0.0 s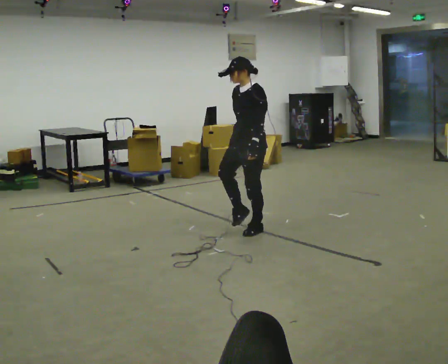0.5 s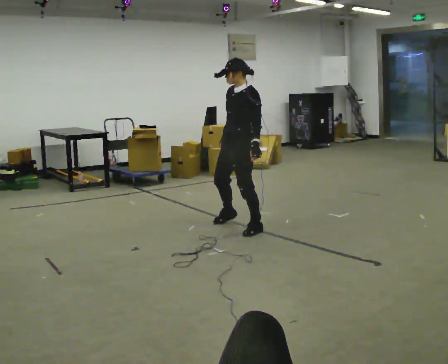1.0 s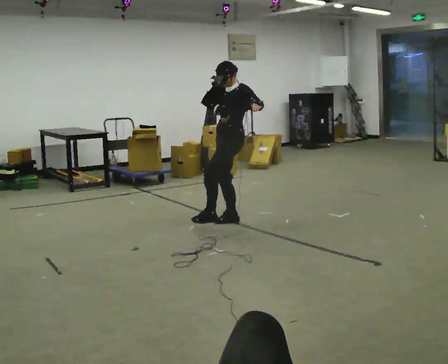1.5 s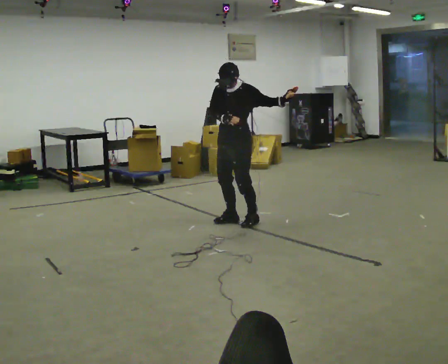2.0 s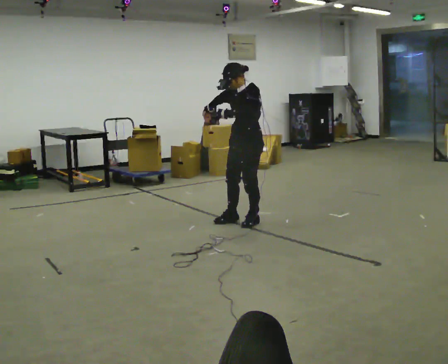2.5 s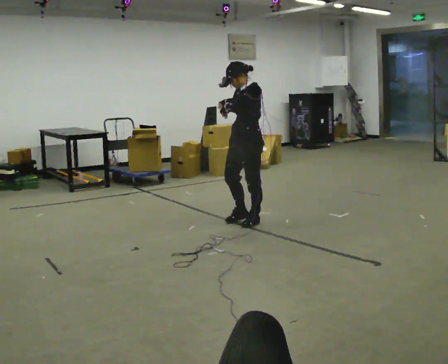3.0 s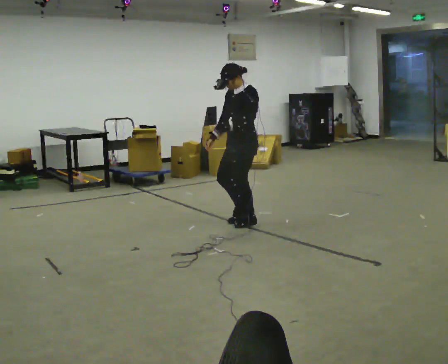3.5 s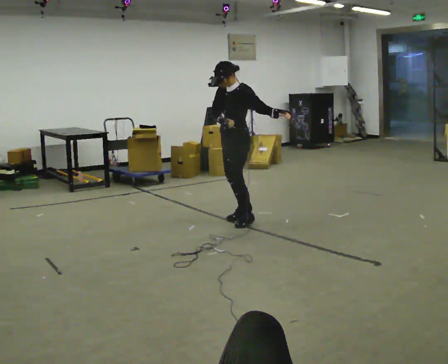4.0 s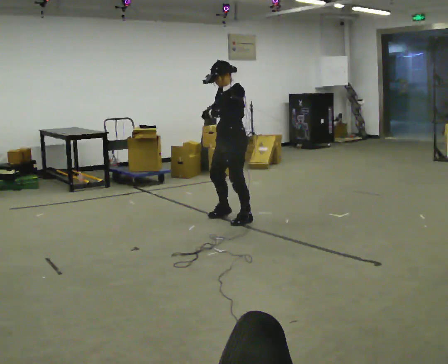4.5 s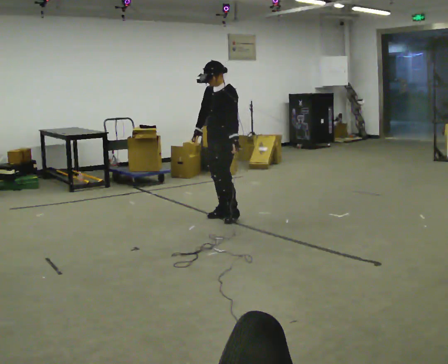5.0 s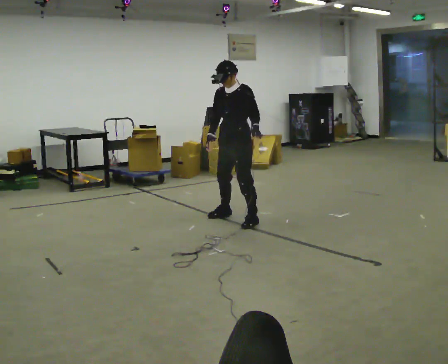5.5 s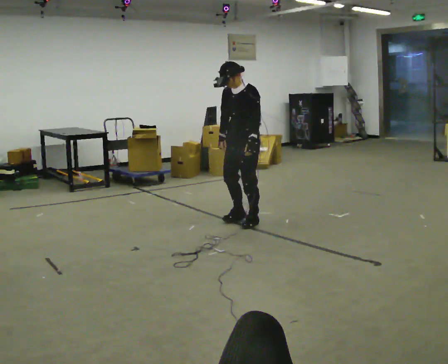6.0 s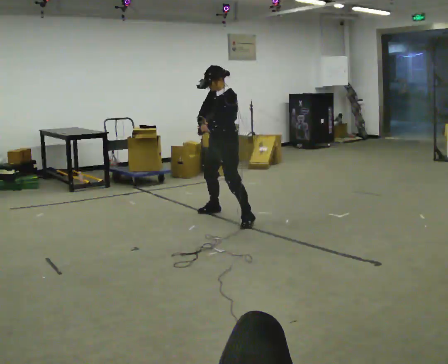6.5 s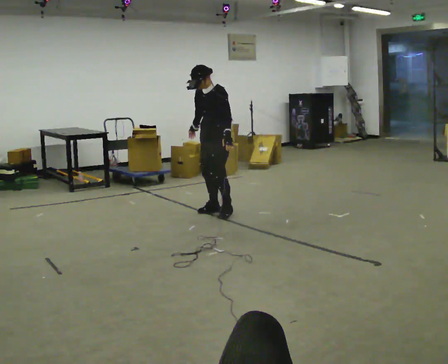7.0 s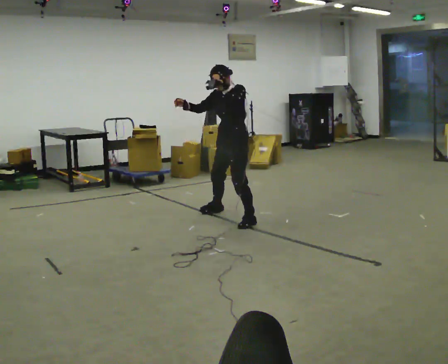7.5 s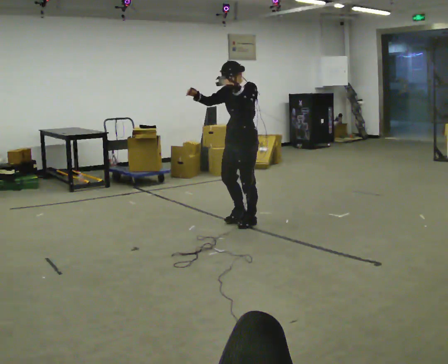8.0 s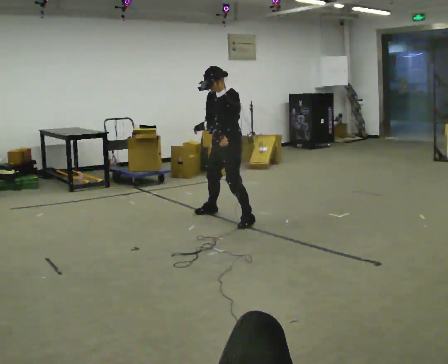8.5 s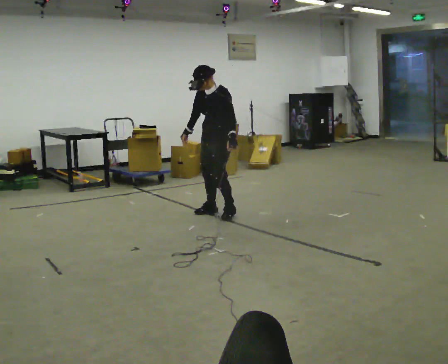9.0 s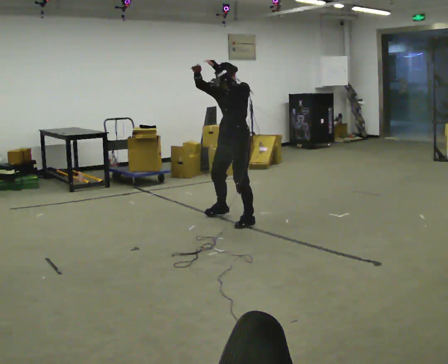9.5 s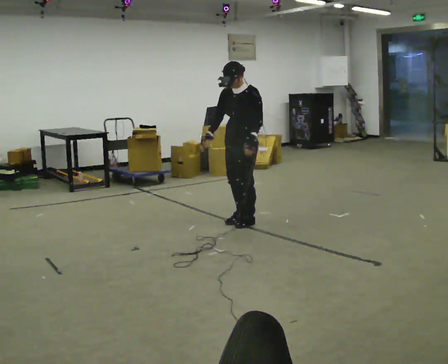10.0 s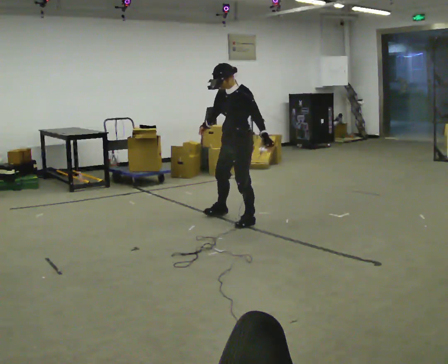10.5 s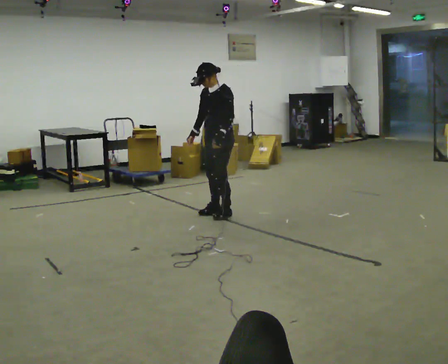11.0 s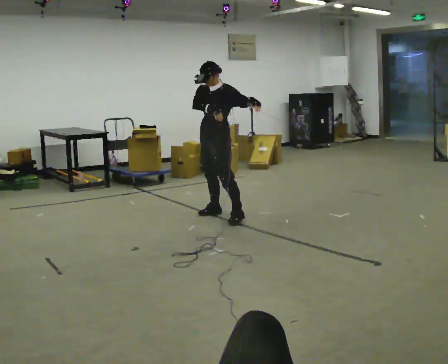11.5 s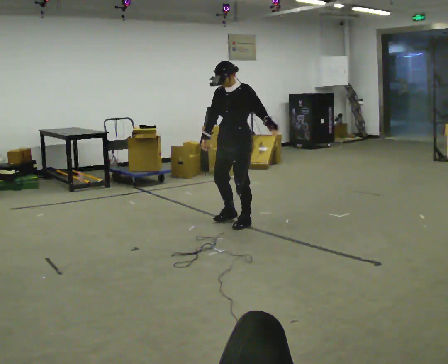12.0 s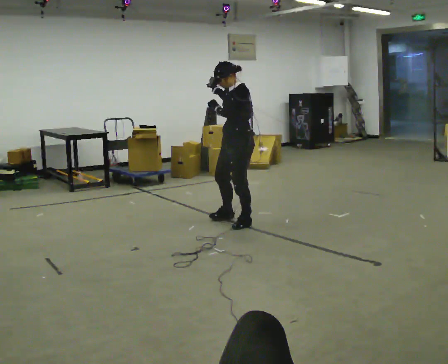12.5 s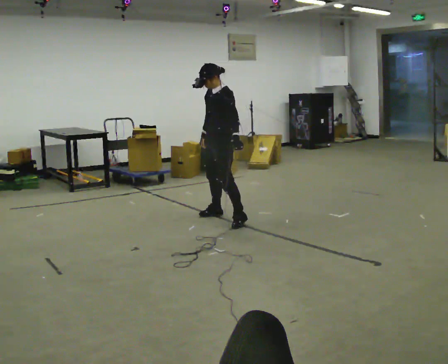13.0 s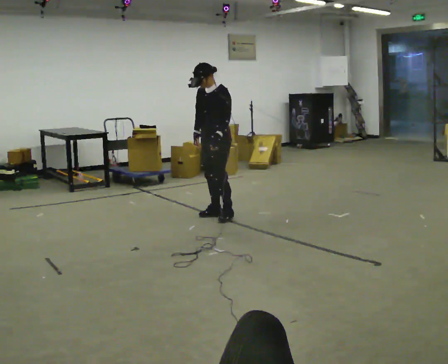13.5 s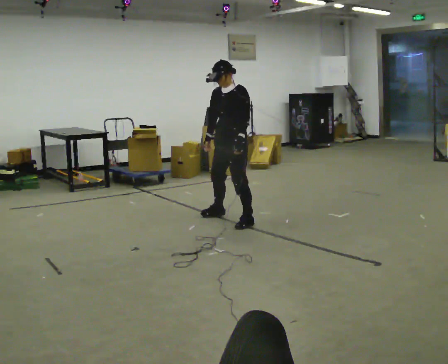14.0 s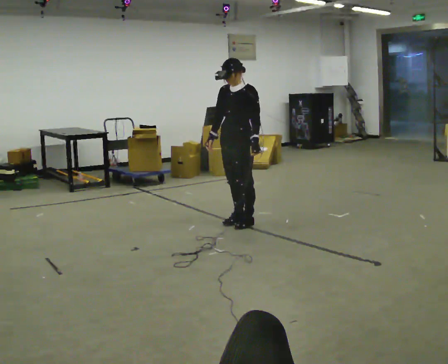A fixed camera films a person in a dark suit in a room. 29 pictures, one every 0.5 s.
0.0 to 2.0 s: In the picture they go away from the camera, about 0.25 m in 1 step, which for them is to their right. In the picture their right hand goes upward.
2.0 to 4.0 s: In the picture they go to the left, about 0.25 m in 1 step, which for them is to their right.
4.0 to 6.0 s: In the picture they go away from the camera, about 0.25 m in 2 steps, which for them is to their right.
6.0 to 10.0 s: In the picture they go toward the camera, about 0.25 m in 3 steps, which for them is to their left. In the picture their left hand goes to the right.
10.0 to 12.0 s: In the picture their left hand goes to the left.
12.0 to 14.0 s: In the picture their right hand goes downward.
The film runs forward here.
